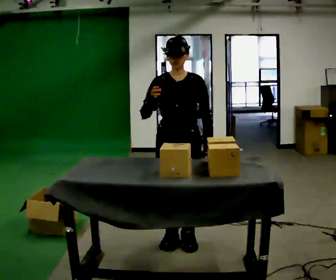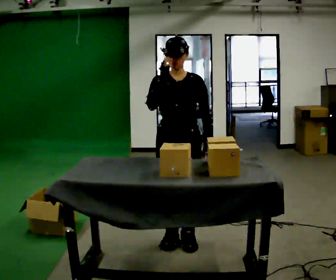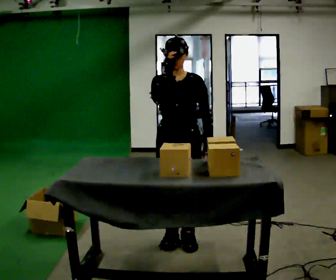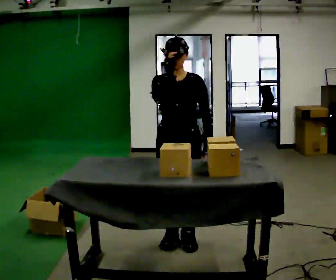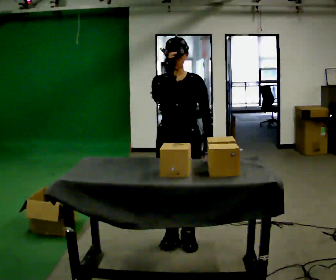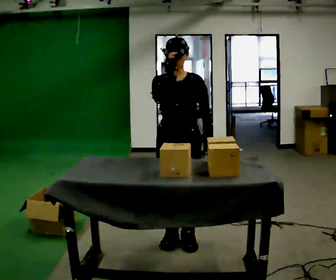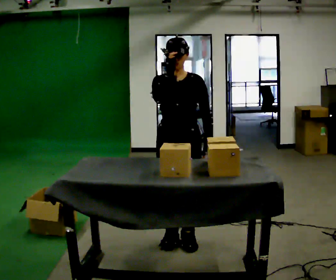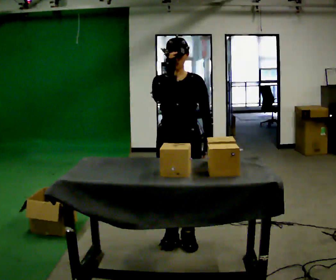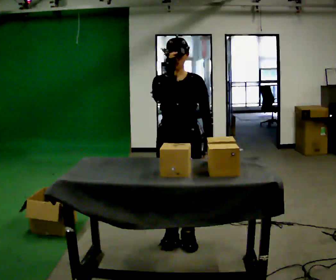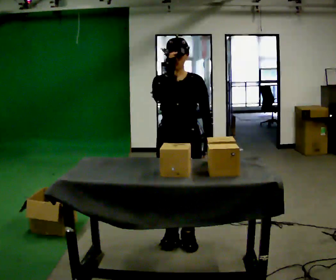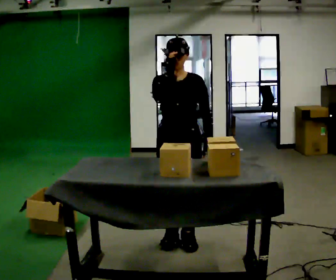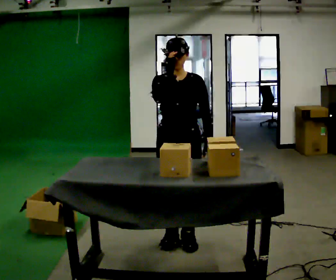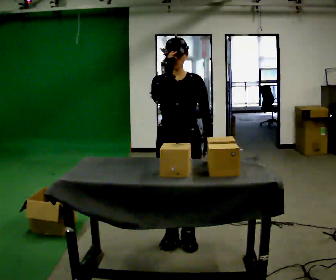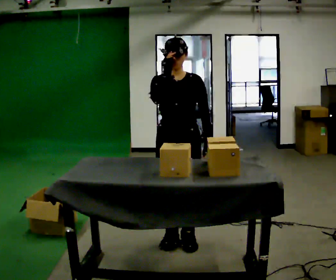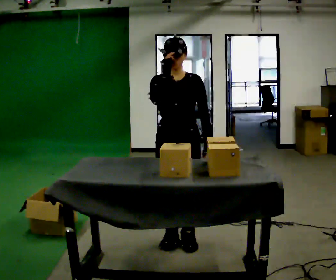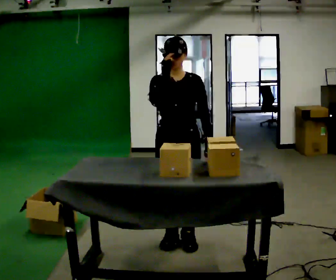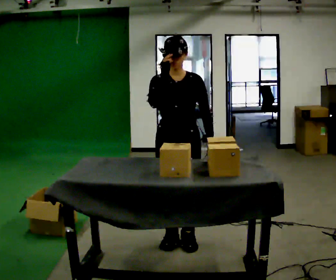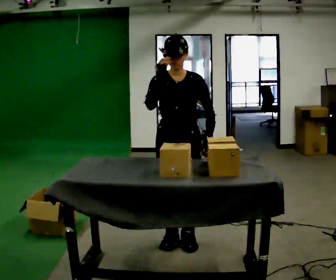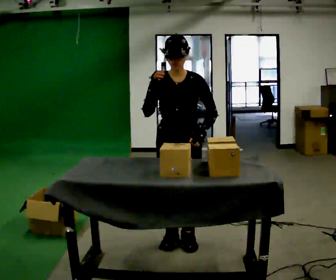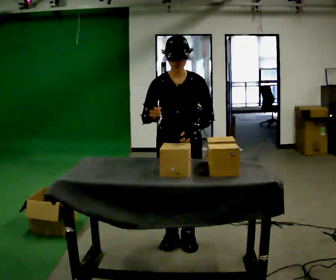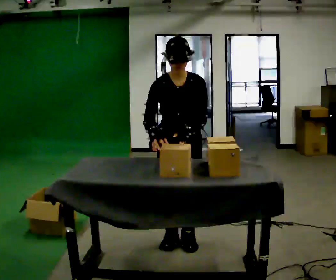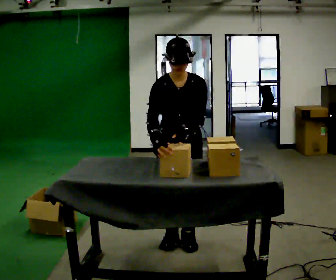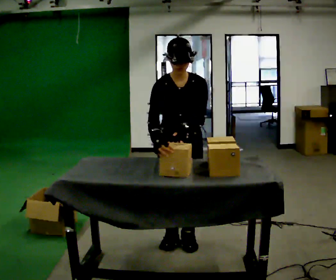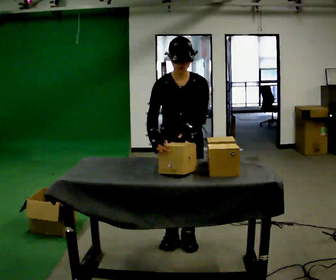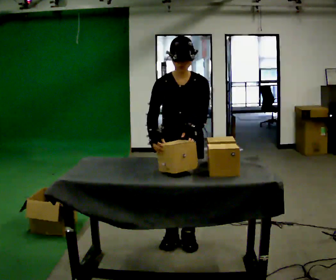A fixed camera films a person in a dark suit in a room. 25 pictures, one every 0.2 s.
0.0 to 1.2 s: The person moves a little, or ends about where they began.
1.2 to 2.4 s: The person keeps their place and pose.
2.4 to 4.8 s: The upper body tips toward the camera, its near side rolling downward, as they bend forward. In the picture their right hand goes downward.
The film runs backward here.
